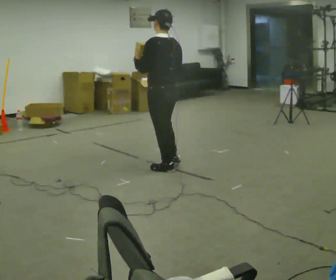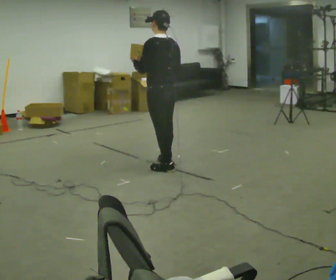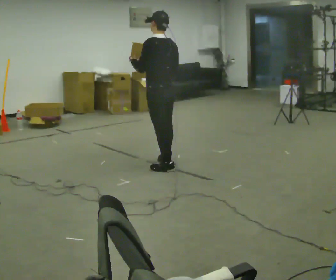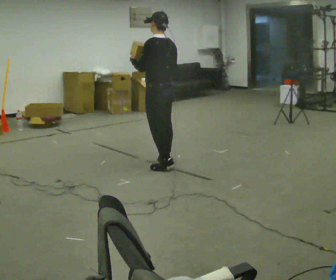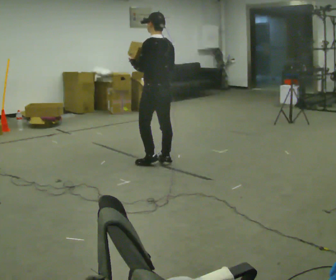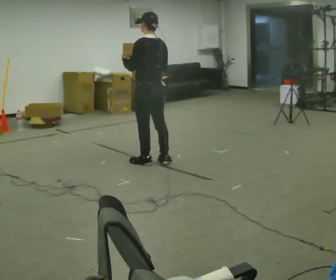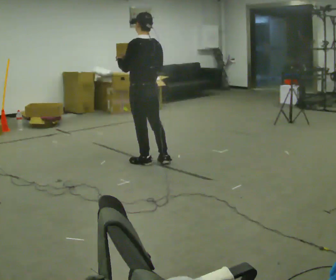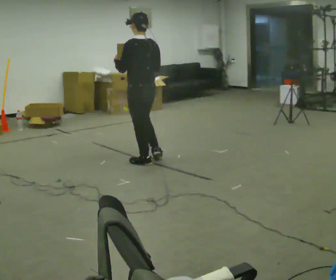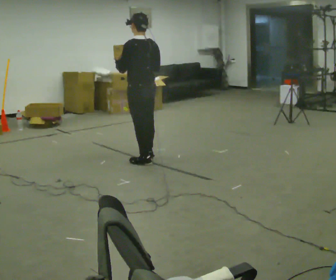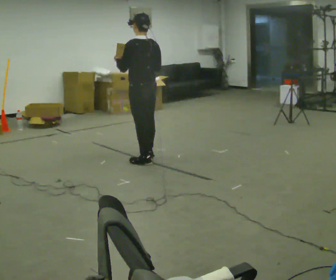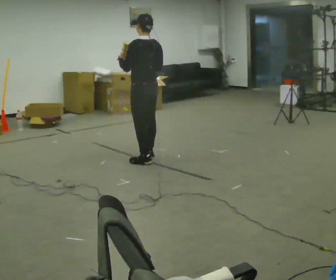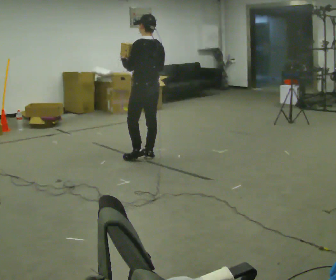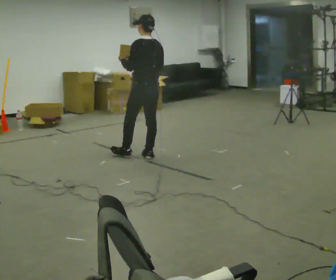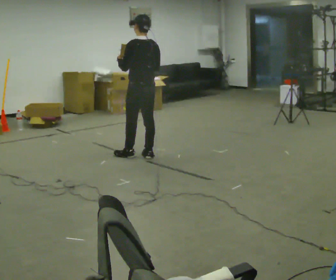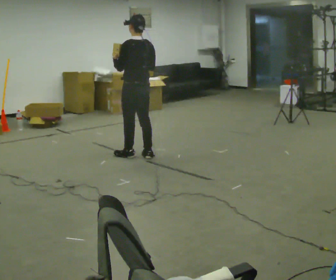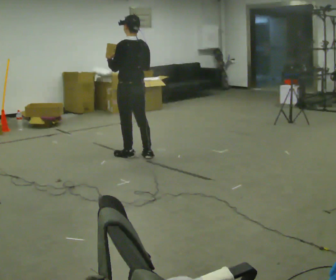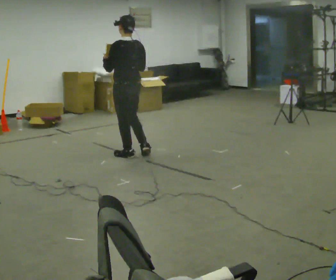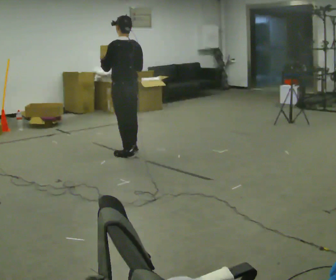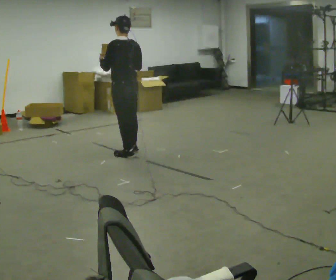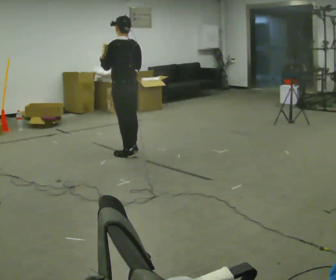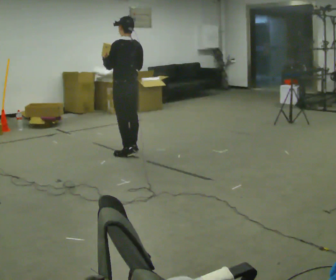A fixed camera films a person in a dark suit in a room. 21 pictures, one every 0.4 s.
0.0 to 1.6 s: In the picture they go away from the camera, about 0.25 m in 1 step, which for them is forward and to their right.
1.6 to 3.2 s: In the picture they go to the left, about 0.25 m in 2 steps, which for them is to their left.
3.2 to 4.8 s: In the picture they go away from the camera, about 0.25 m in 1 step, which for them is to their right and forward.
4.8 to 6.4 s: In the picture they go to the left, about 0.25 m, which for them is forward and to their left.
6.4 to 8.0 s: In the picture they go away from the camera, about 0.25 m in 1 step, which for them is forward and to their right.
The film runs forward here.
